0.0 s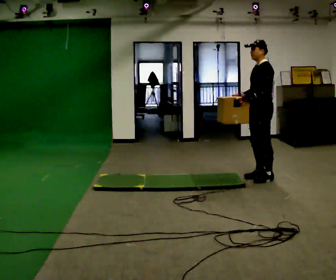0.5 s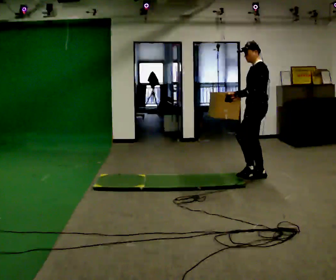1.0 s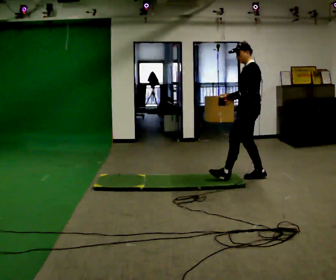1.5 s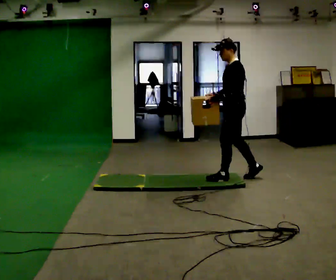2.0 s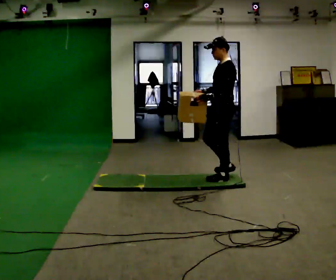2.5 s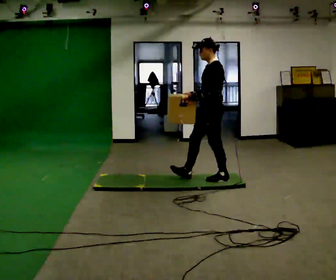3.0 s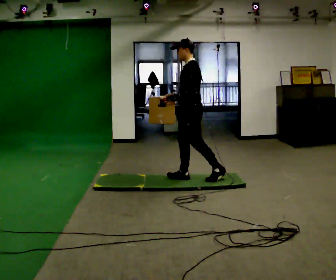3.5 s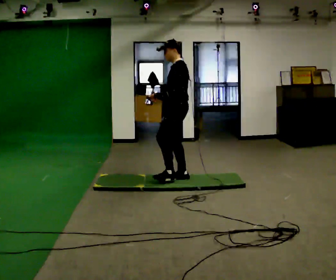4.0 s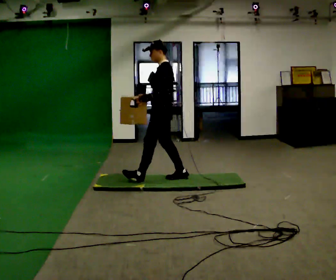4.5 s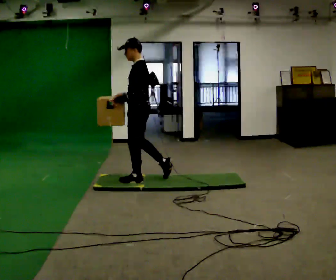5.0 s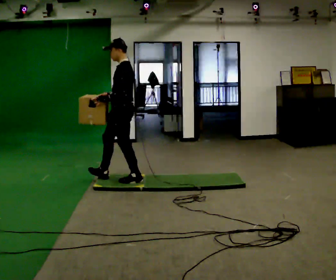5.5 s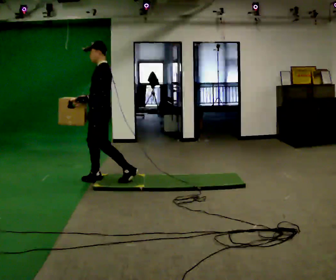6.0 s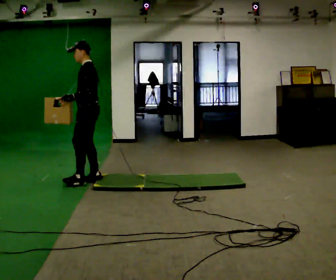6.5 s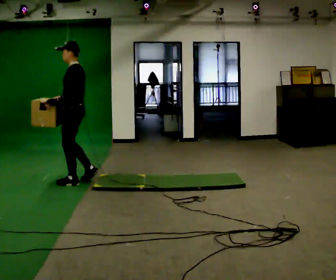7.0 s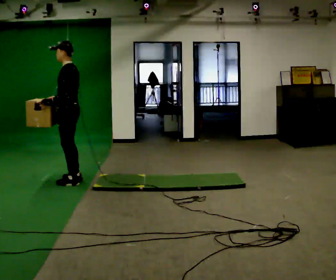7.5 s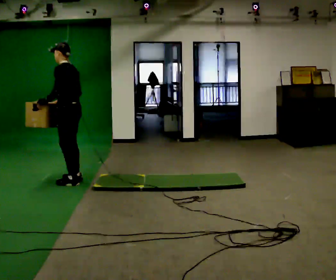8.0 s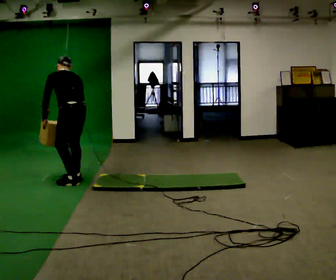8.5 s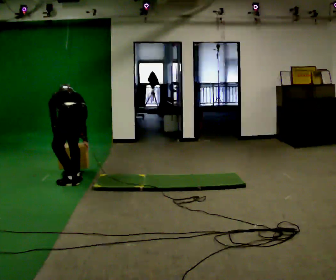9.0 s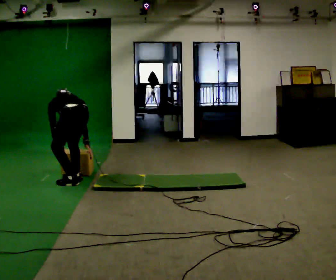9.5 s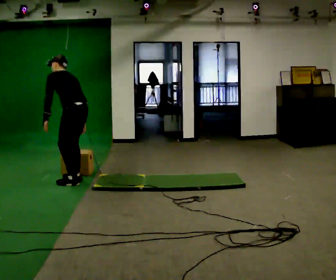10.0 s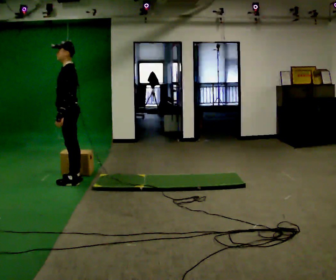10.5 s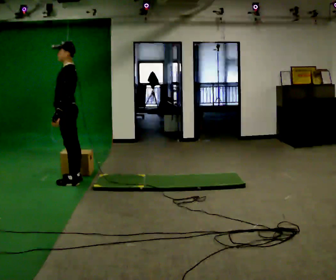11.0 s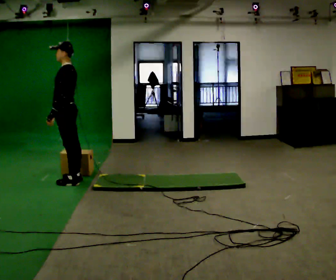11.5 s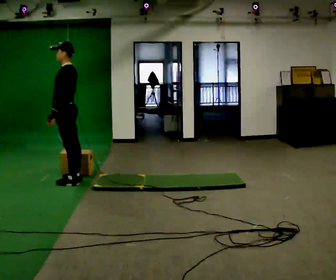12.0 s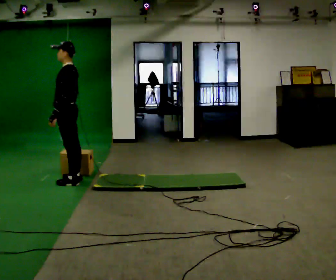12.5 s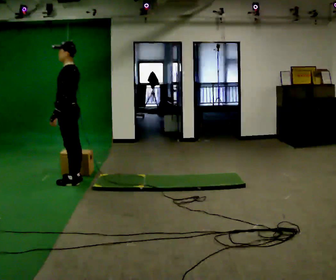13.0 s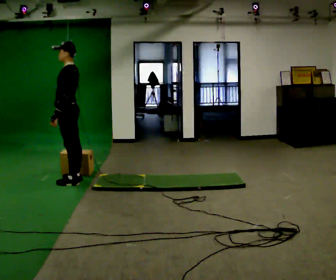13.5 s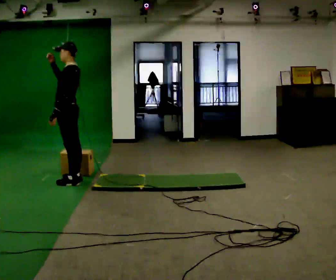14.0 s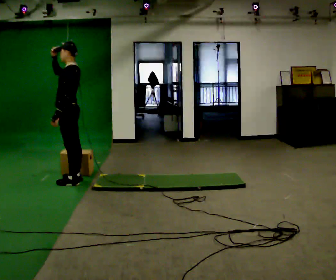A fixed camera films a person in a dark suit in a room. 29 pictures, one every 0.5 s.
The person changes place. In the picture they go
to the left.
0.0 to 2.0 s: In the picture they go to the left, about 0.5 m in 1 step, which for them is forward.
2.0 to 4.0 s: In the picture they go to the left and away from the camera, about 0.5 m in 2 steps, which for them is forward.
4.0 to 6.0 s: In the picture they go to the left, about 1 m in 1 step, which for them is forward.
6.0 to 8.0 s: The part of the body nearest the lens slides to the left as the person turns to their right by about 45 degrees. In the picture they go to the left, about 0.25 m in 2 steps, which for them is forward. The upper body tips away from the camera, its near side rolling upward, as they bend forward.
8.0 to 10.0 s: The person turns about 60 degrees to their left, counterclockwise seen from above, so the part of the body nearest the lens slides to the right.
10.0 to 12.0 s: The person moves a little, or ends about where they began.
12.0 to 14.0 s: In the picture their right hand goes upward.
The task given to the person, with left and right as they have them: Carry the box across the soft uneven mat, set it down on the far side, then bring it back. Keep going until the operator says stop; one object at a time, and do not rush between trips.
The film runs forward here.
